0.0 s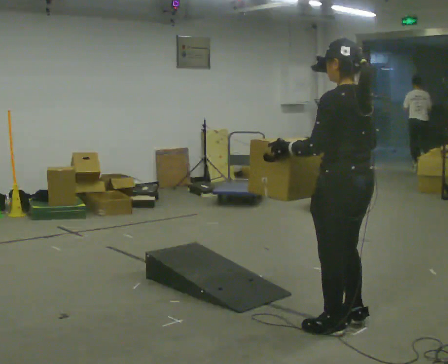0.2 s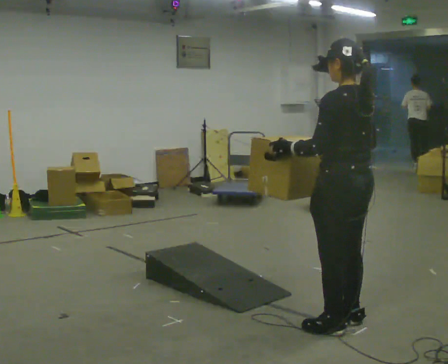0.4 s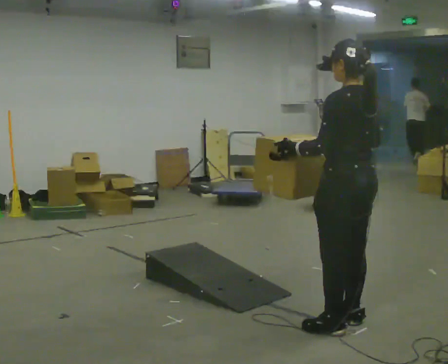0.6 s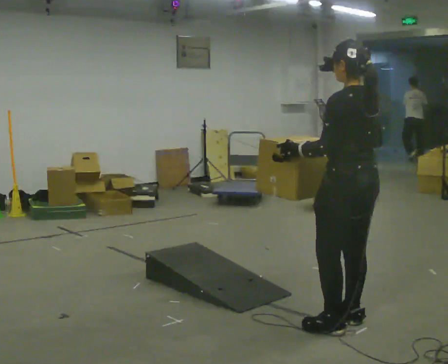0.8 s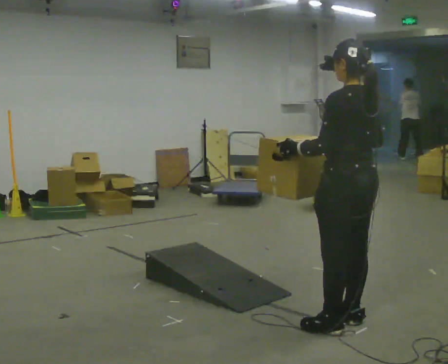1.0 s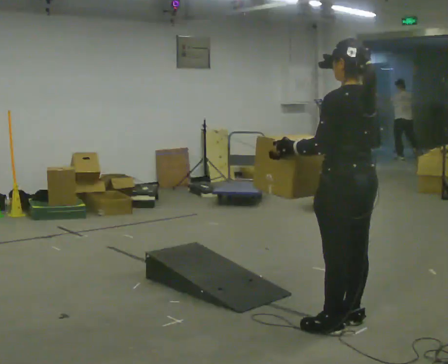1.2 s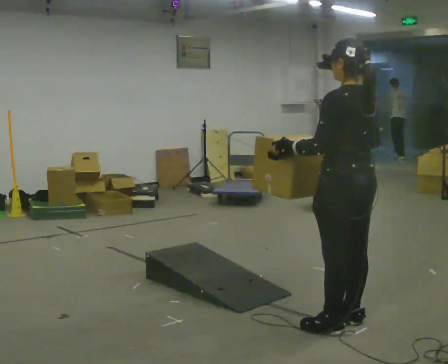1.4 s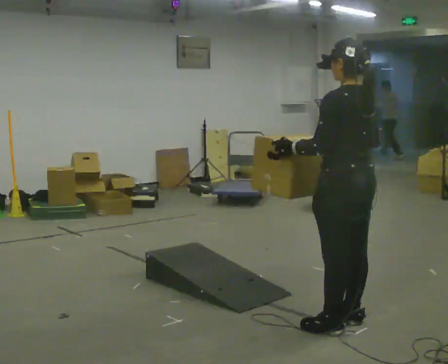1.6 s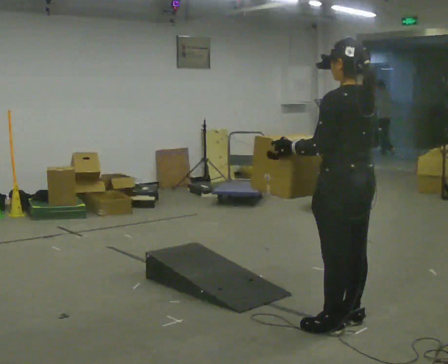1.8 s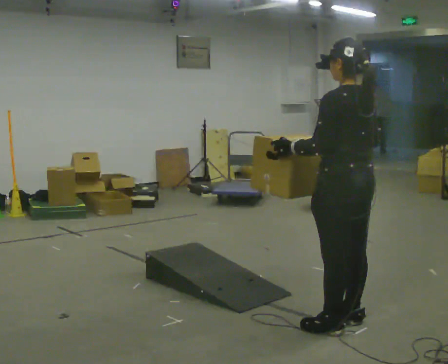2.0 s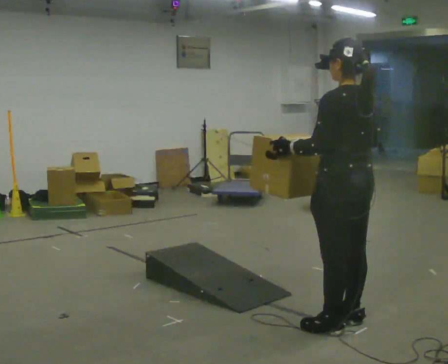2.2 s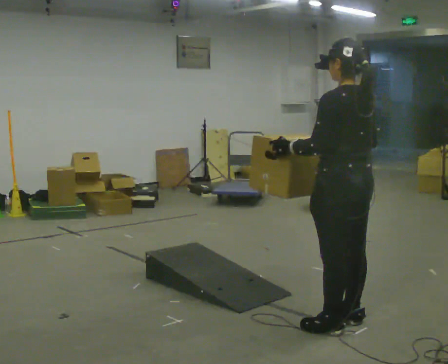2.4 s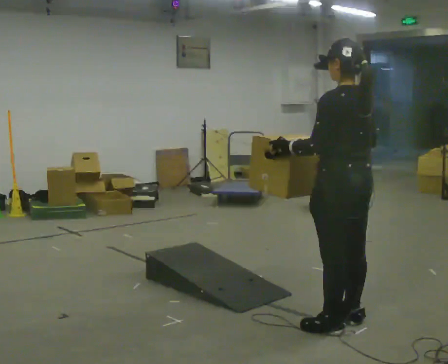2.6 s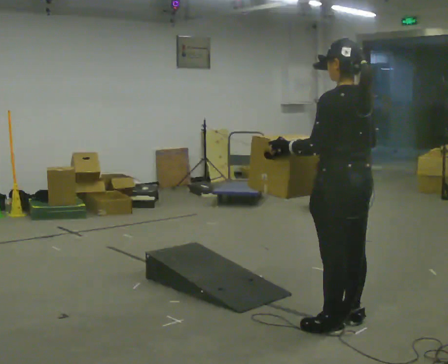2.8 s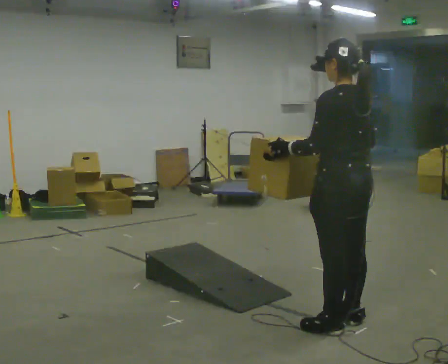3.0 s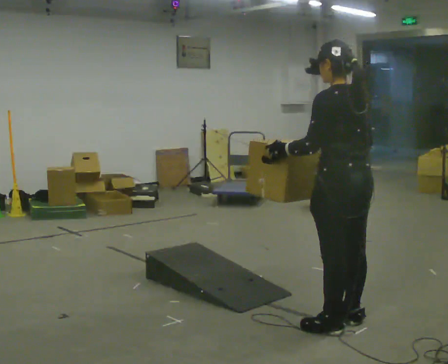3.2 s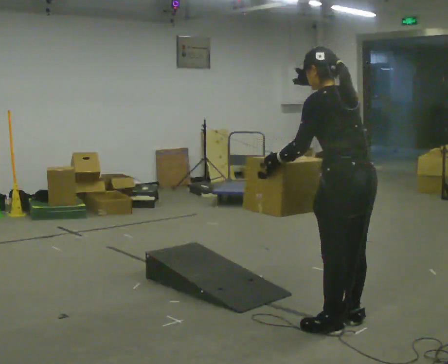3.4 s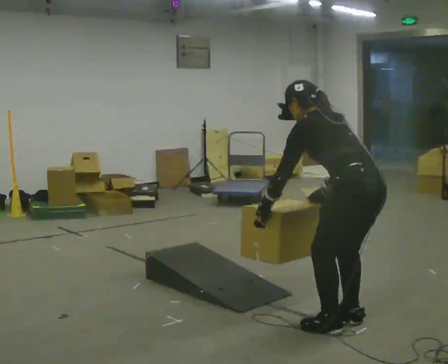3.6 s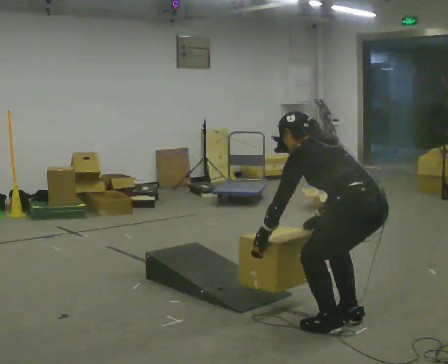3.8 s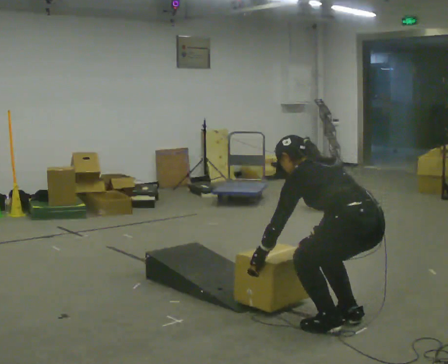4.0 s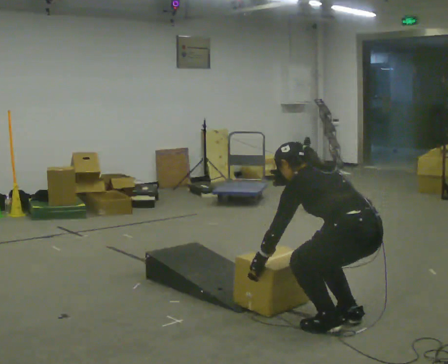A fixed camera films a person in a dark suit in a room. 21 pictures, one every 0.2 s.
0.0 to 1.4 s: The person moves a little, or ends about where they began.
1.4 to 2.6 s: The person keeps their place and pose.
2.6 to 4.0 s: The shoulders move downward. In the picture the upper body tilts counterclockwise, shoulders to the left, as they bend forward. In the picture their left hand goes downward.
The film runs forward here.
